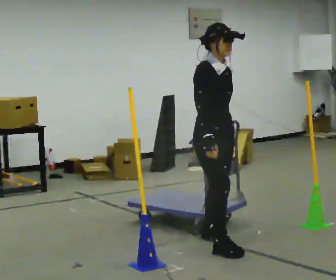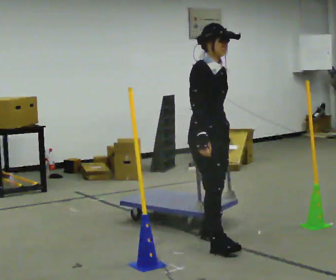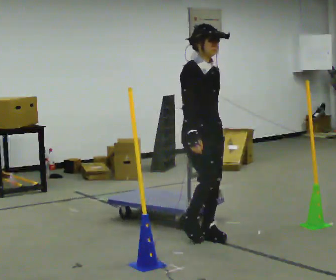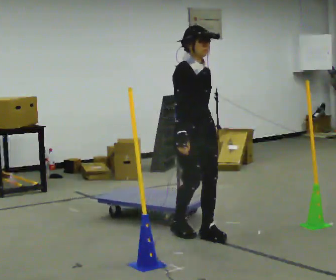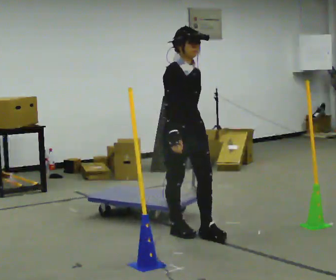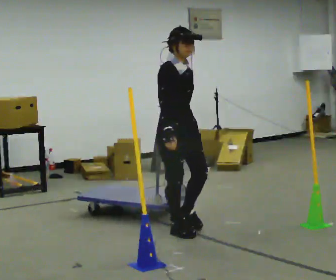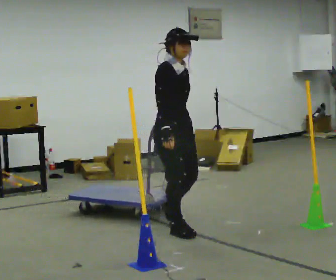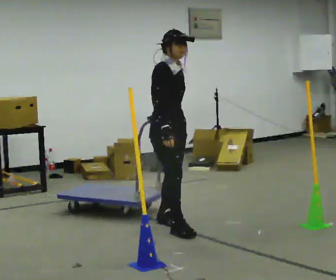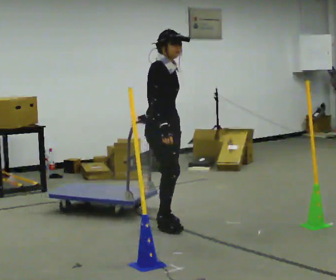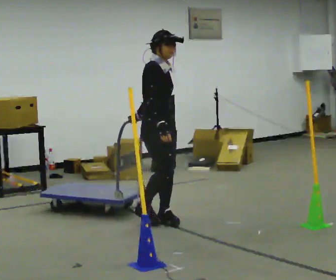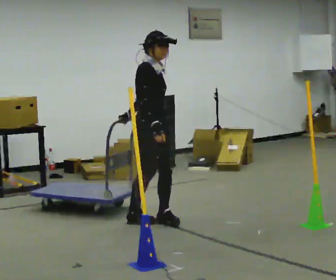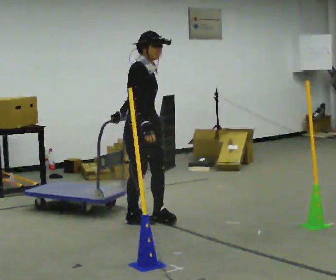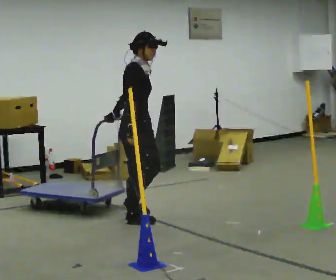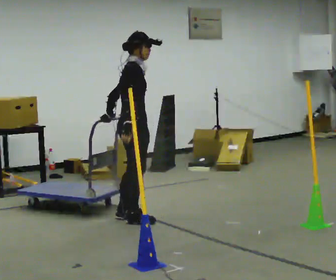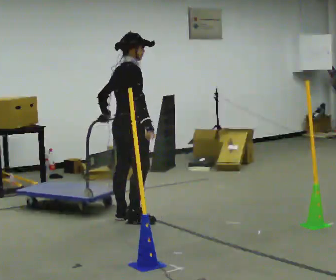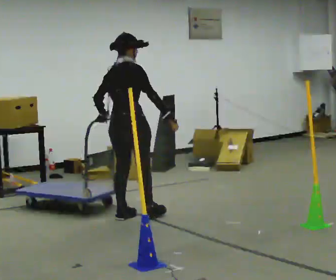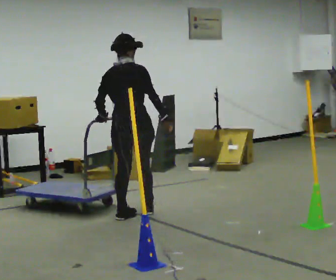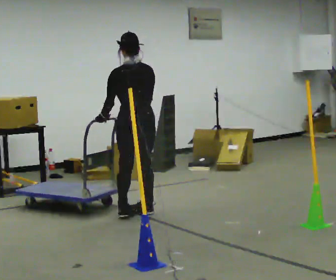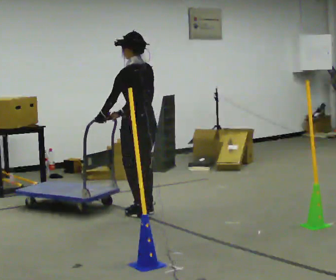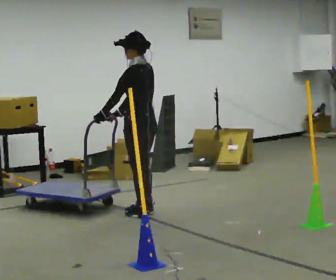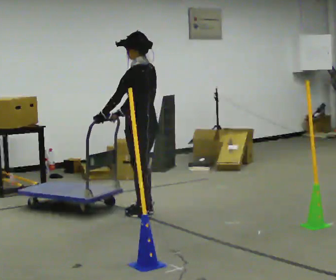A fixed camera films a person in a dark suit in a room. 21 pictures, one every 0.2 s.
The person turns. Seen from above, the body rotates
counterclockwise.
The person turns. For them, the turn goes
to their left.
0.0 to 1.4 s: In the picture they go away from the camera and to the left, about 0.75 m in 2 steps, which for them is backward.
1.4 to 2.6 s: The person turns about 45 degrees to their left, counterclockwise seen from above, so the part of the body nearest the lens slides to the right. In the picture they go to the left and away from the camera, about 0.25 m in 2 steps, which for them is backward.
2.6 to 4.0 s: Seen from above the body turns counterclockwise, about 150 degrees: to their left, with its near side sliding to the right. In the picture they go away from the camera, about 0.25 m in 2 steps.
The film runs backward here.
